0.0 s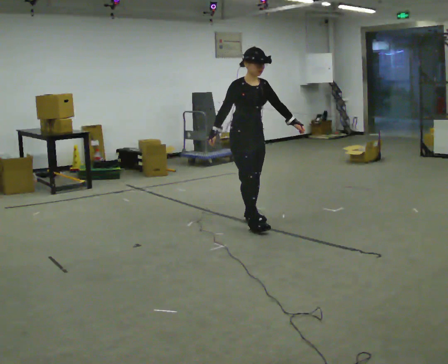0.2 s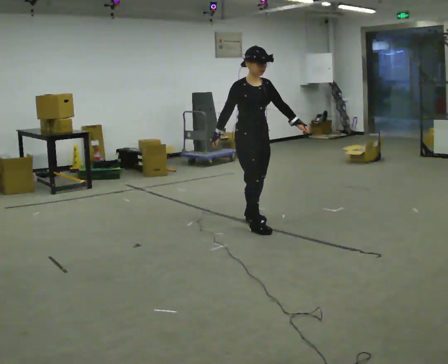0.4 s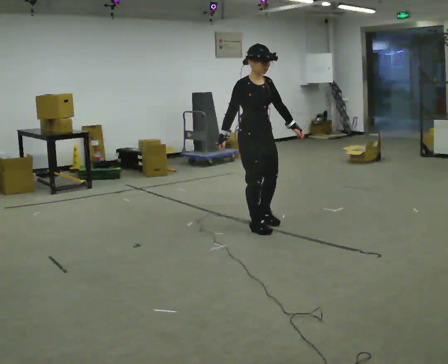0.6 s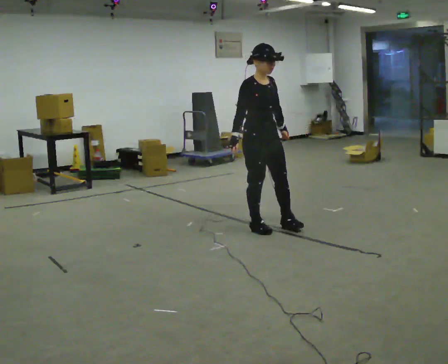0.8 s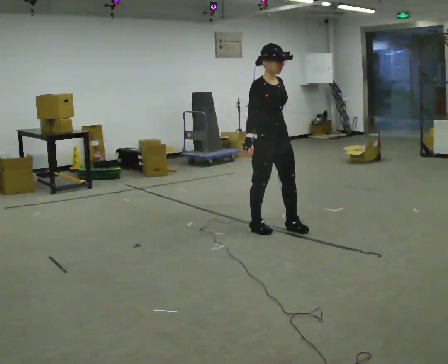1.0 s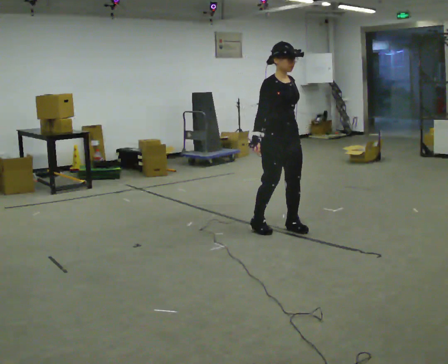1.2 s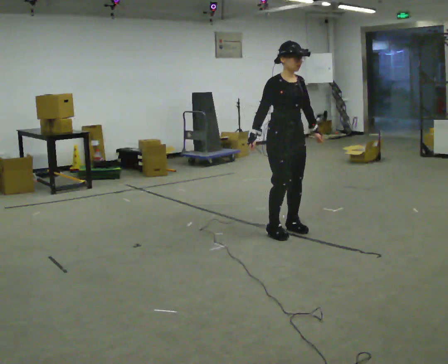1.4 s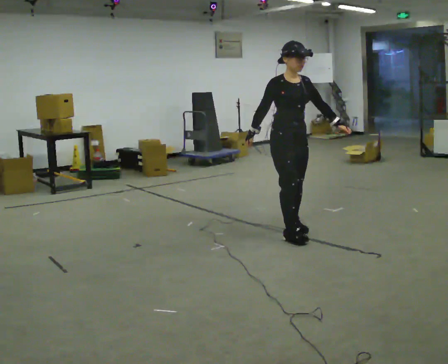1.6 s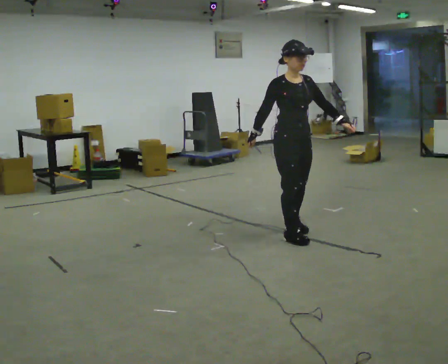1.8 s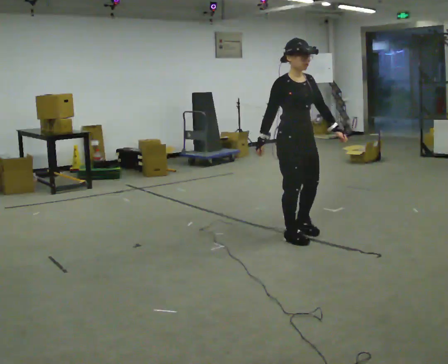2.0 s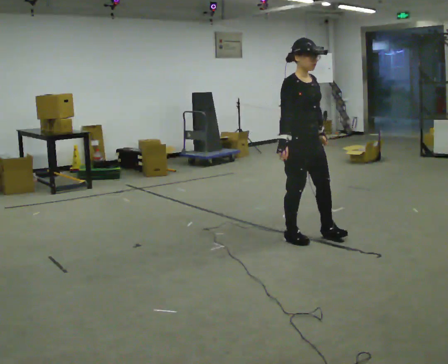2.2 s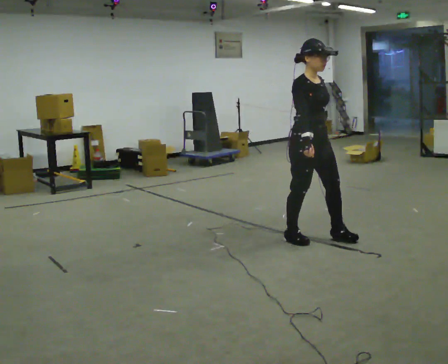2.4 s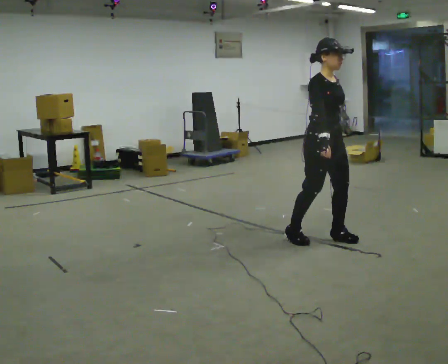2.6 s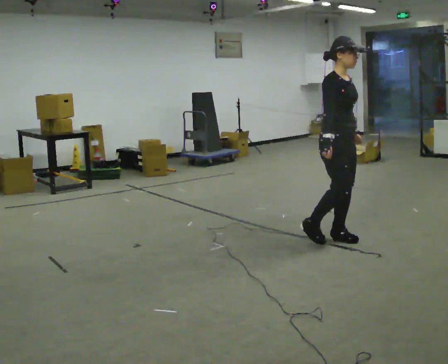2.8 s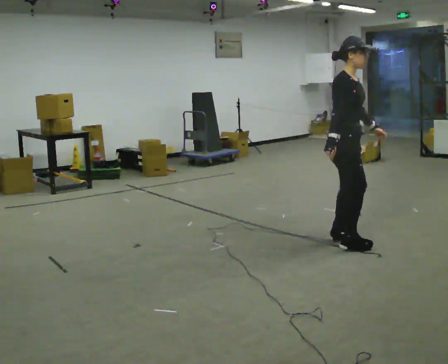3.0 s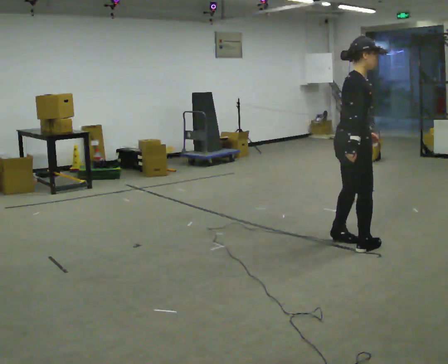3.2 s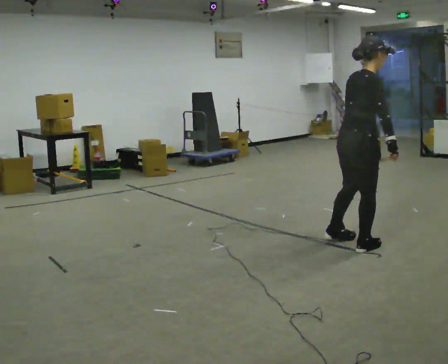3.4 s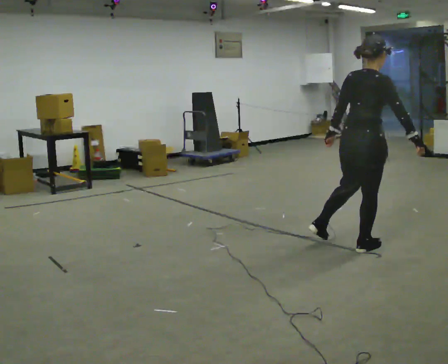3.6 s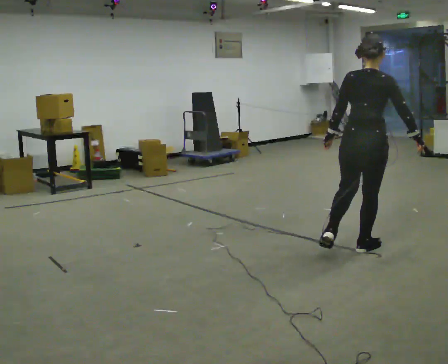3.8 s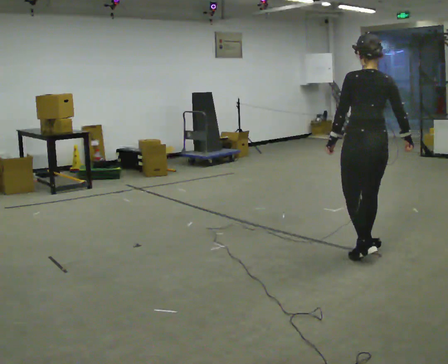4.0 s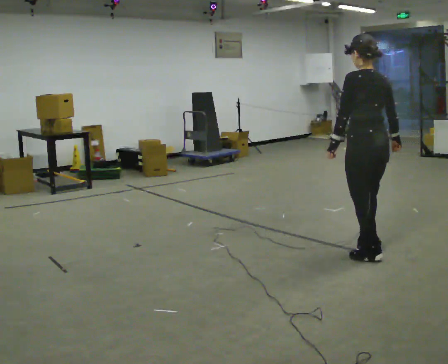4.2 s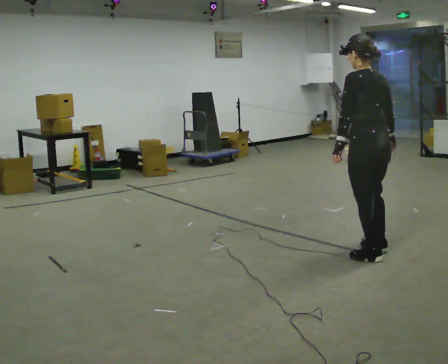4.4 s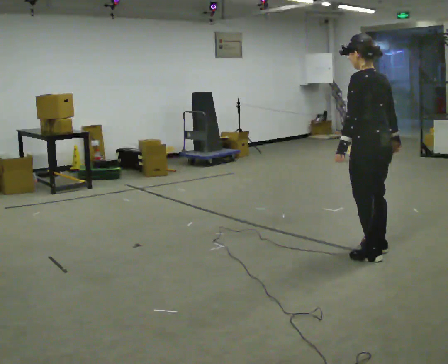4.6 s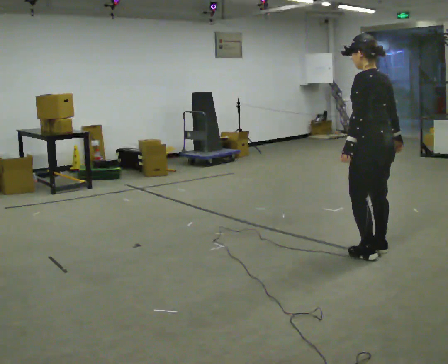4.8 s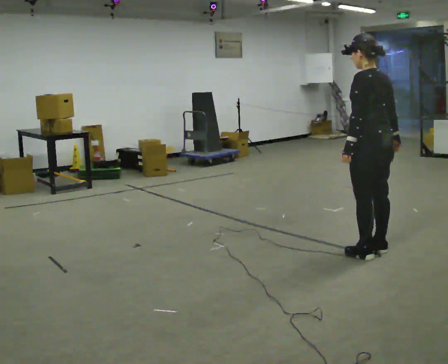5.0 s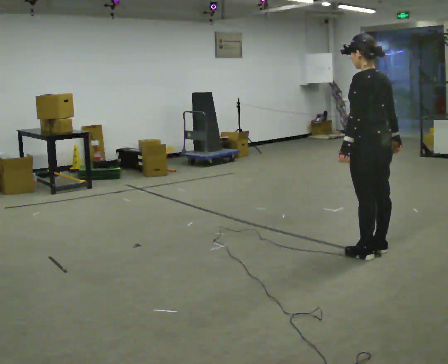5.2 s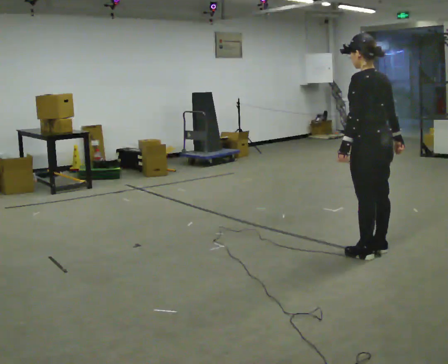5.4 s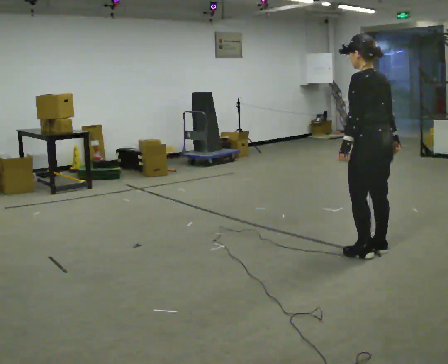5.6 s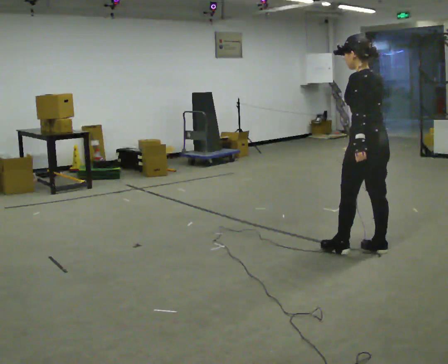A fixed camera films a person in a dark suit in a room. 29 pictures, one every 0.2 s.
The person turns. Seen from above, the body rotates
counterclockwise.
The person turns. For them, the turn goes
to their left.
0.0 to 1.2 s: In the picture they go to the right and toward the camera, about 0.5 m in 2 steps, which for them is forward.
1.2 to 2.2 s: In the picture they go toward the camera and to the right, about 0.25 m in 2 steps, which for them is forward.
2.2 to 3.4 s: The person turns about 90 degrees to their left, counterclockwise seen from above, so the part of the body nearest the lens slides to the right. In the picture they go to the right and toward the camera, about 0.5 m in 1 step.
3.4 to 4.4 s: Seen from above the body turns counterclockwise, about 90 degrees: to their left, with its near side sliding to the right.
4.4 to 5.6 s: The person moves a little, or ends about where they began.
The film runs forward here.
